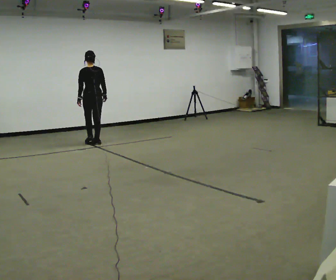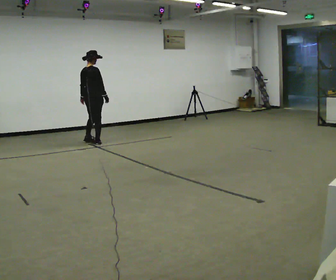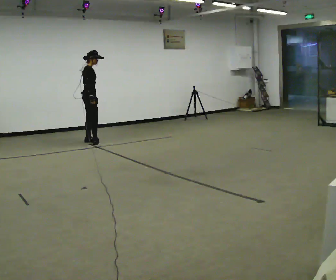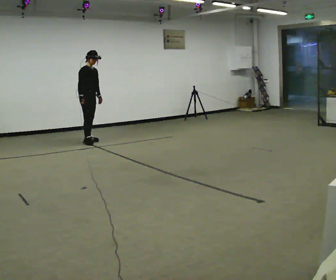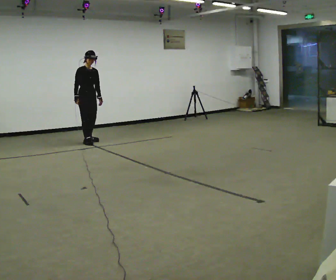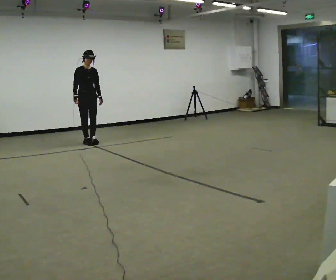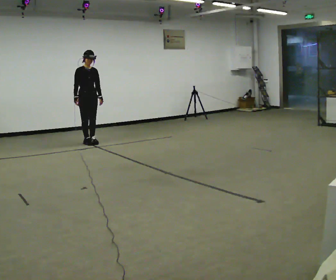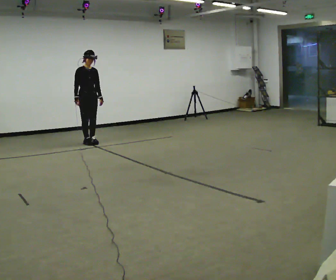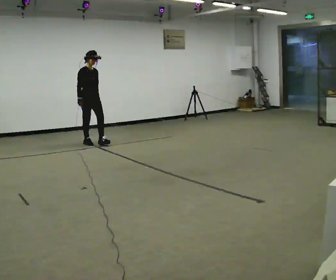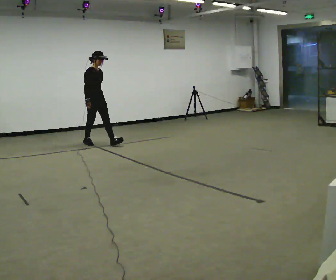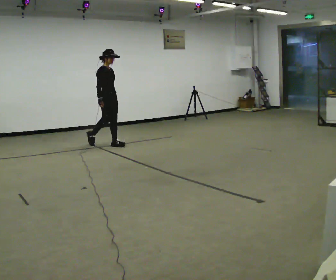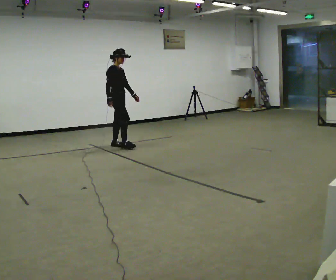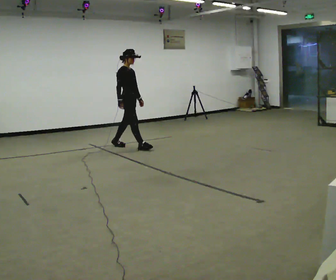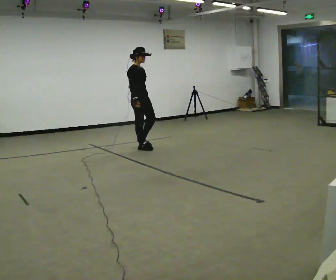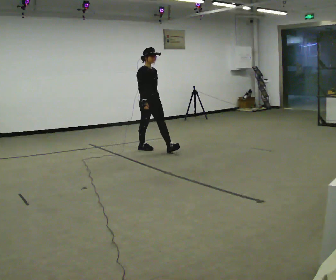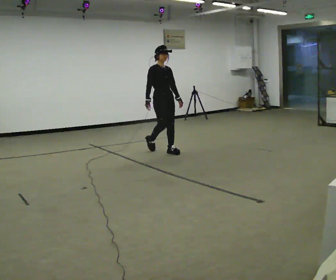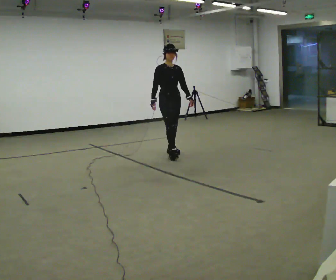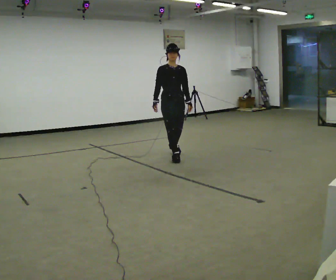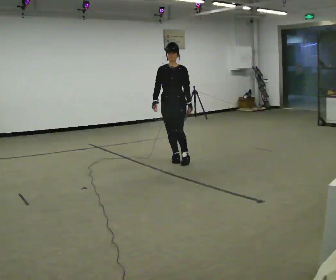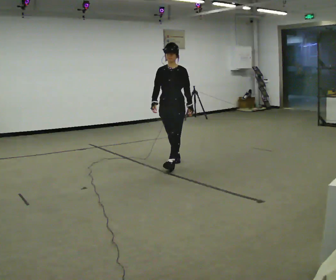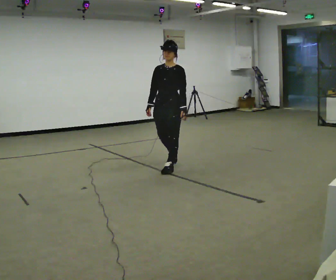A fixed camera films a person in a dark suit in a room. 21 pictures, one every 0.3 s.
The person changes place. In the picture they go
toward the camera.
0.0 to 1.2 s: The part of the body nearest the lens slides to the left as the person turns to their right by about 165 degrees. In the picture their right hand goes to the left, the arm swinging clockwise.
1.2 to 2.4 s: The person moves a little, or ends about where they began.
2.4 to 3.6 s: In the picture they go to the right and toward the camera, about 1 m in 2 steps, which for them is forward.
3.6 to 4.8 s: The part of the body nearest the lens slides to the left as the person turns to their right by about 45 degrees. In the picture they go toward the camera and to the right, about 1 m in 1 step, which for them is forward.
4.8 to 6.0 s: The person turns about 60 degrees to their right, clockwise seen from above, so the part of the body nearest the lens slides to the left. In the picture they go toward the camera, about 1 m in 2 steps, which for them is forward.
The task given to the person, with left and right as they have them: Walk forward; gradually curve left/right; straighten out.
The film runs forward here.
